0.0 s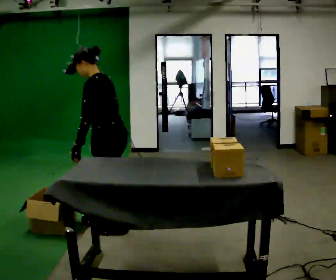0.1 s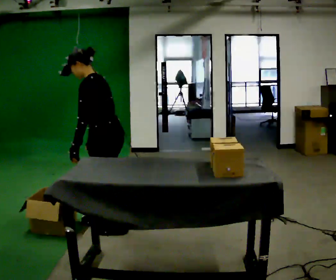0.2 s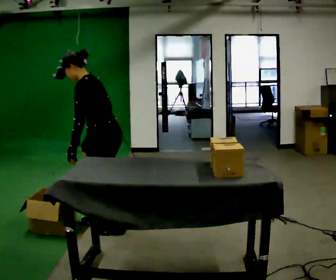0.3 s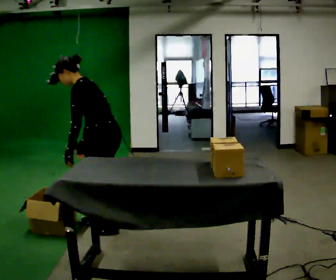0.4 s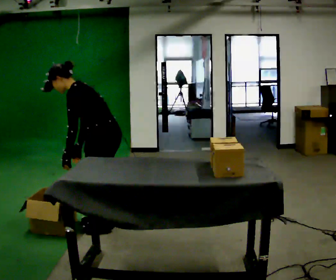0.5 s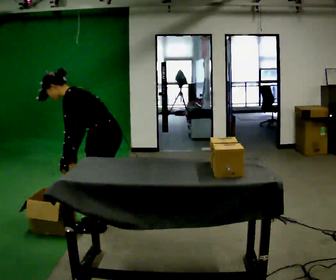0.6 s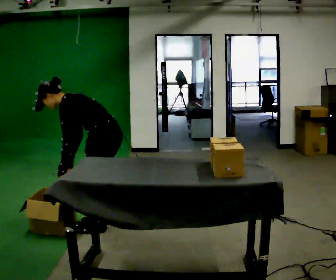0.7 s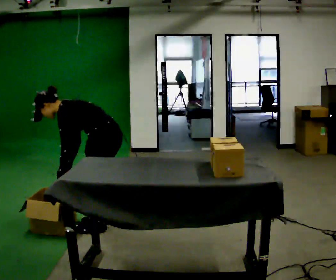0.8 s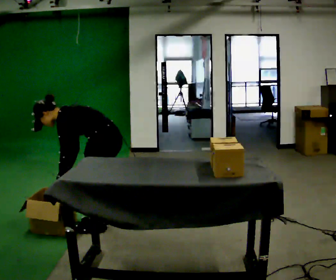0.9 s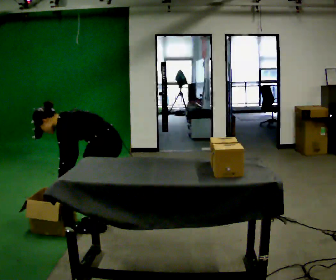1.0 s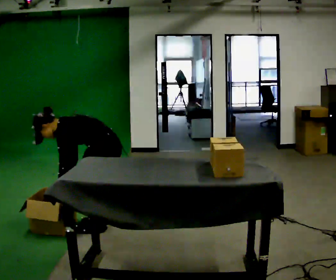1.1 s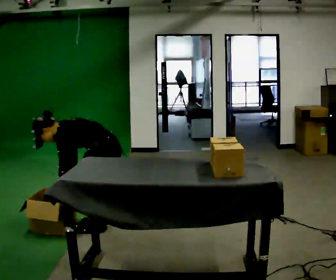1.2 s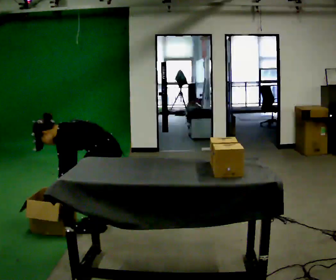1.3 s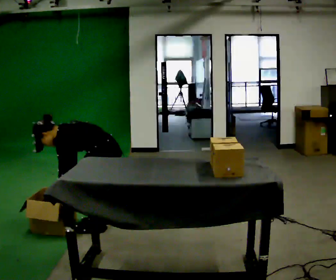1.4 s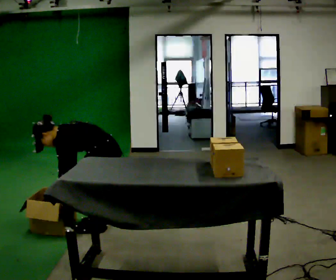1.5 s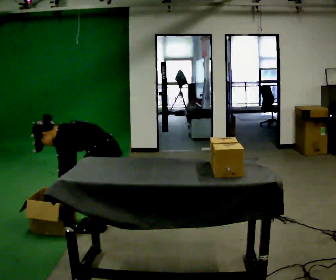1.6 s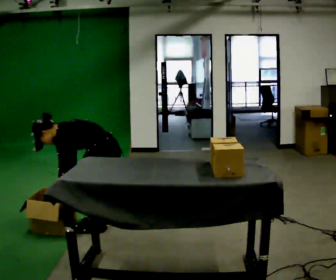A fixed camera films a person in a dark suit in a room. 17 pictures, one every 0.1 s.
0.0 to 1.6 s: The shoulders move downward. In the picture the upper body tilts counterclockwise, shoulders to the left, as they bend forward. In the picture their left hand goes downward.
The film runs forward here.
